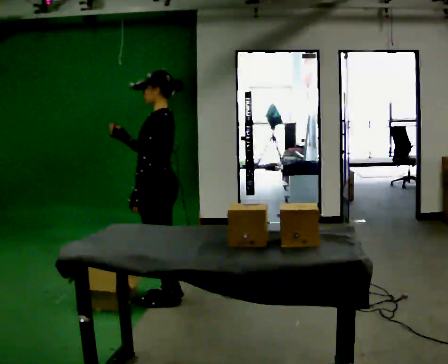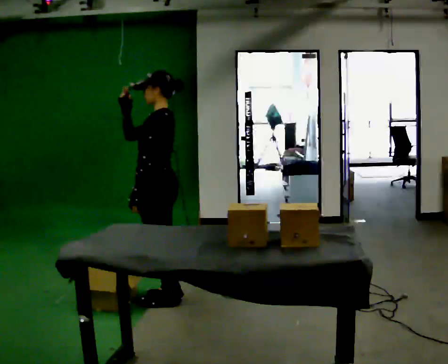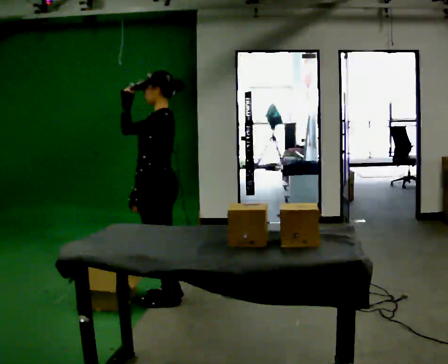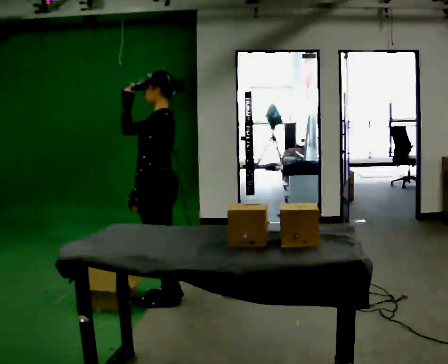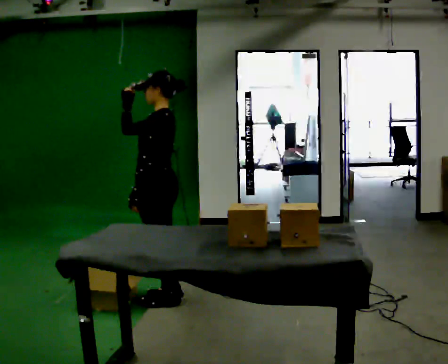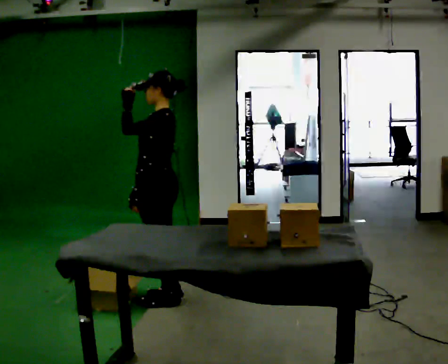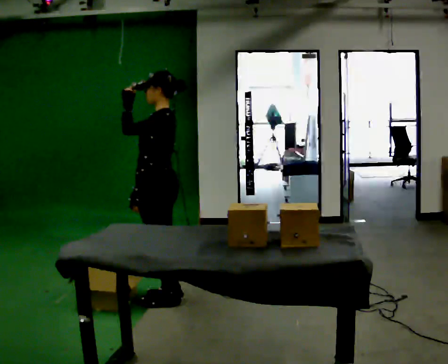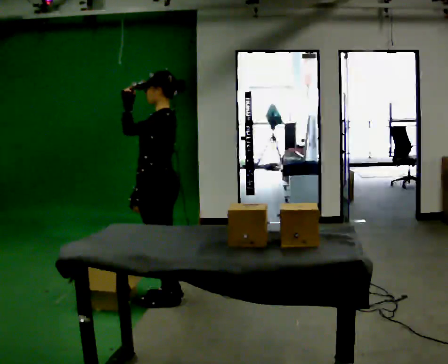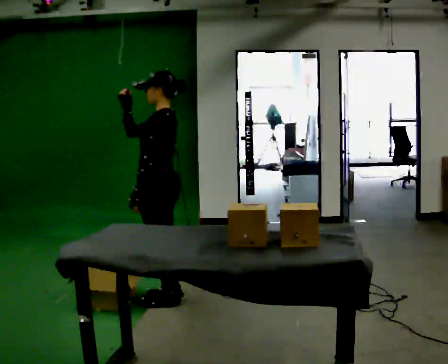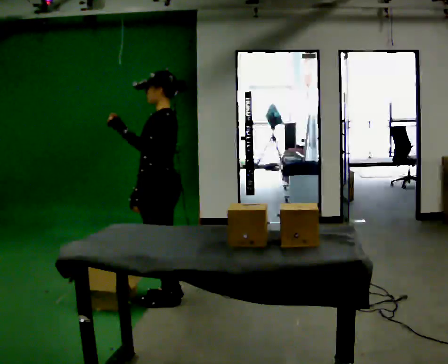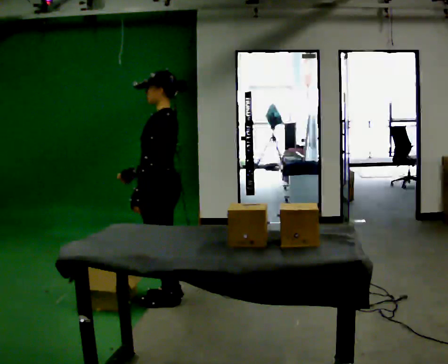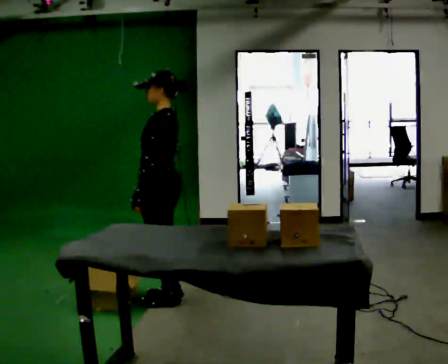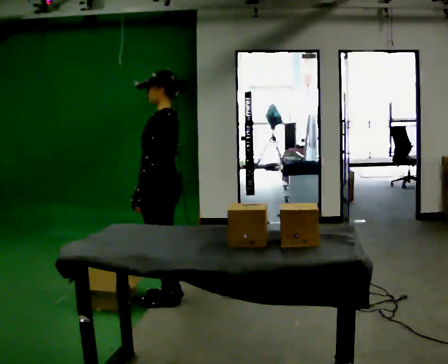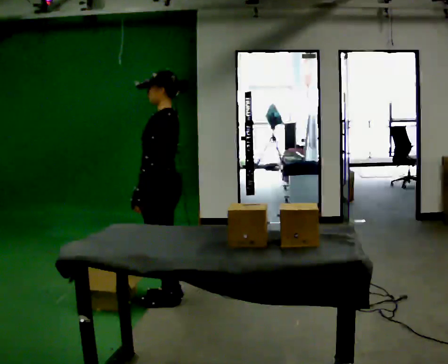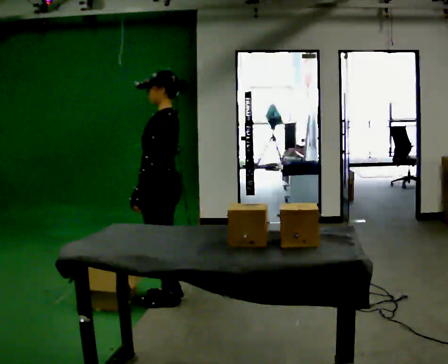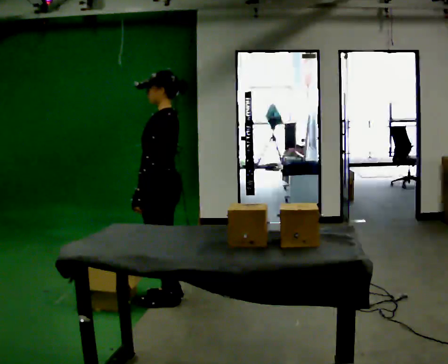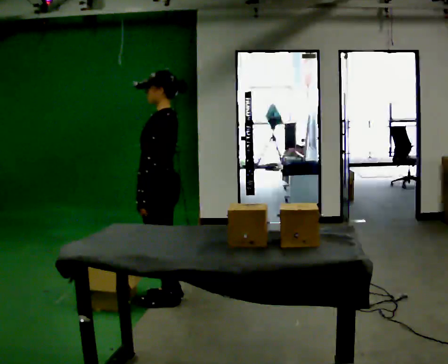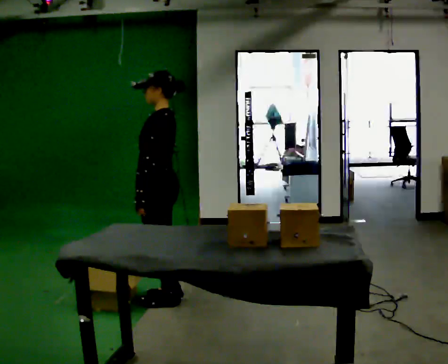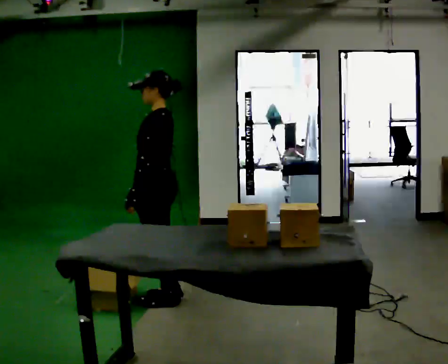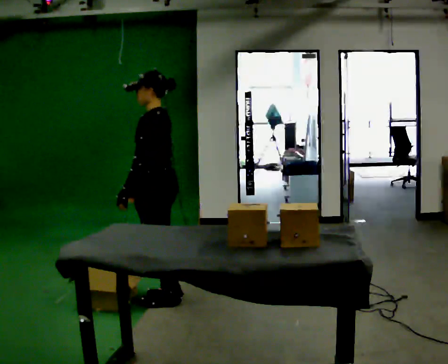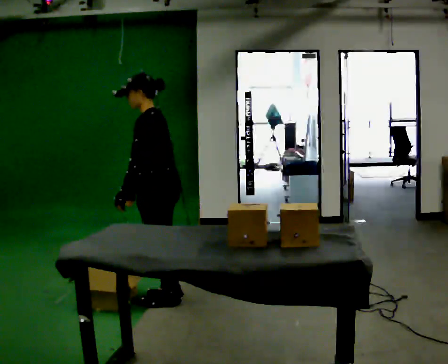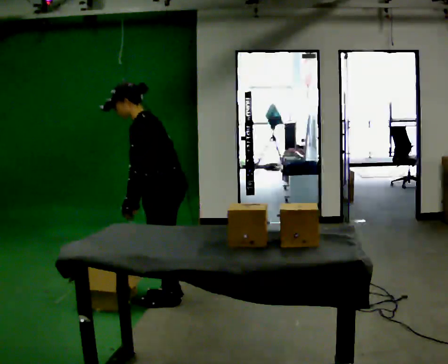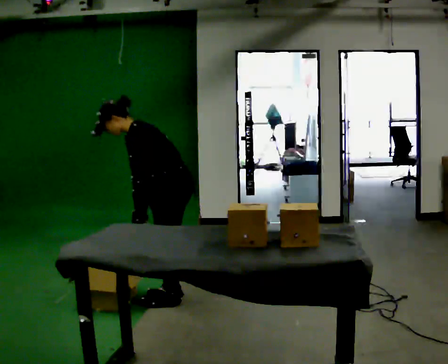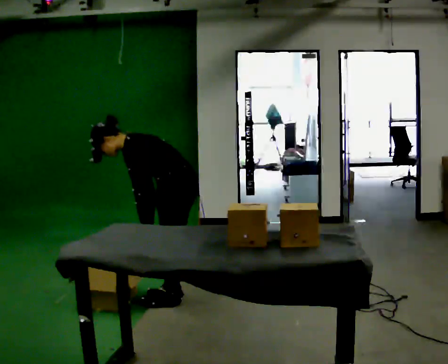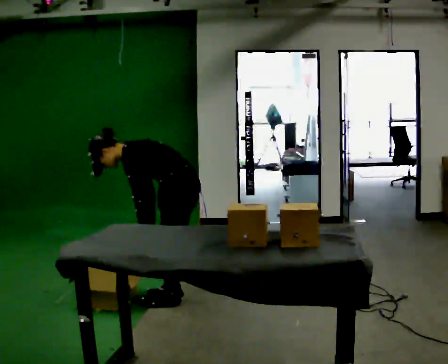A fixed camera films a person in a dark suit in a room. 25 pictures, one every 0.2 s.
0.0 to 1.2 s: The person moves a little, or ends about where they began.
1.2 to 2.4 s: In the picture their right hand goes downward.
2.4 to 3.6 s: The person moves a little, or ends about where they began.
3.6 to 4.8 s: The upper body goes downward. In the picture the upper body tilts counterclockwise, shoulders to the left, as they bend forward.
The film runs backward here.
